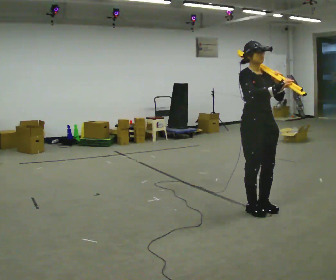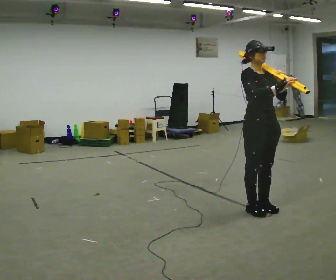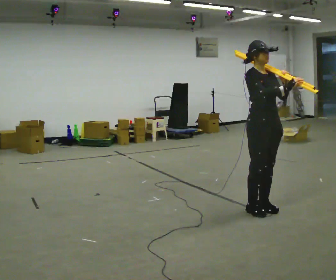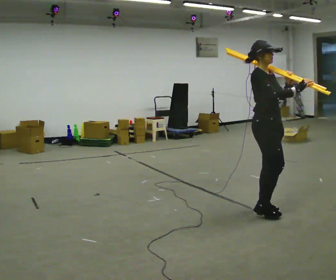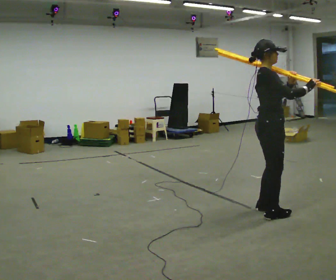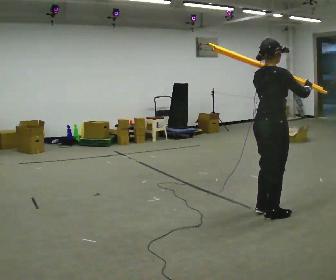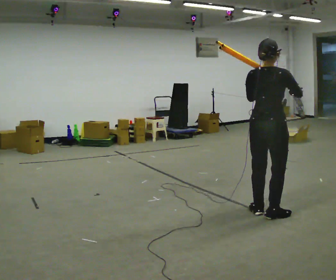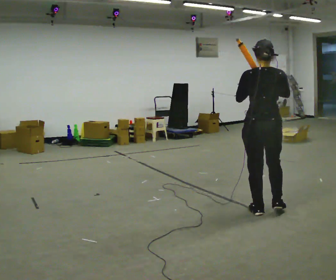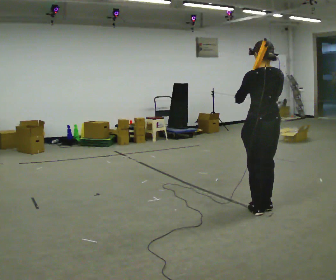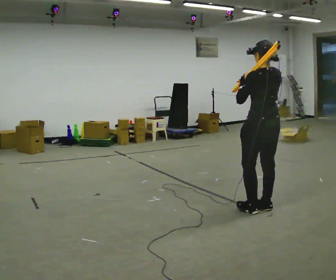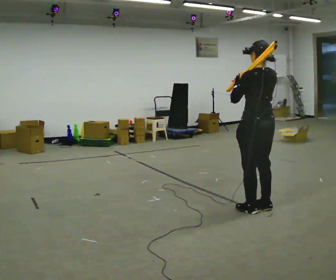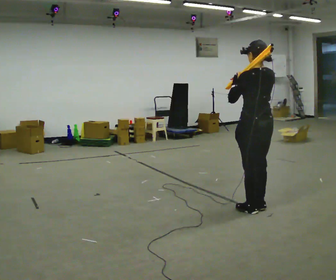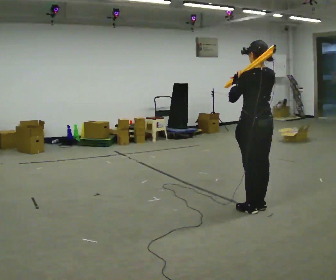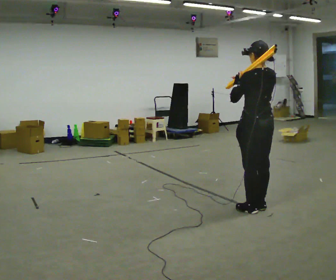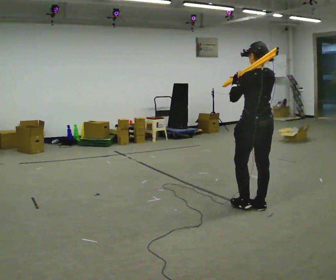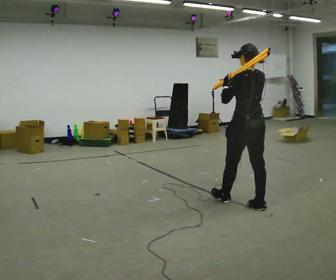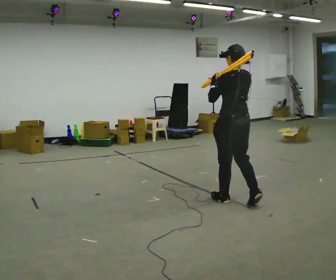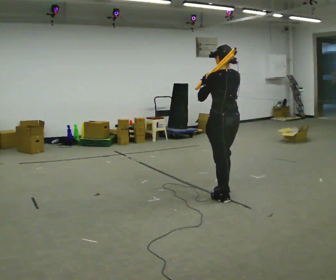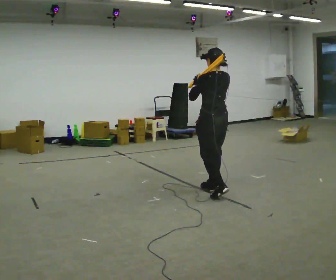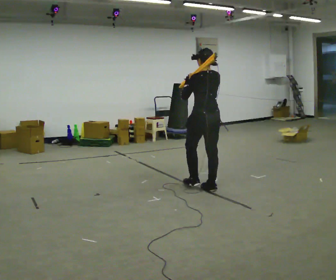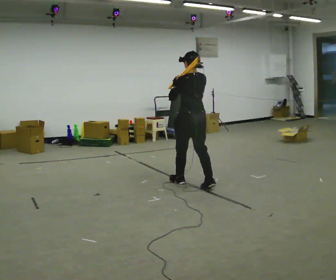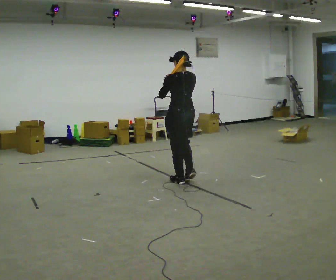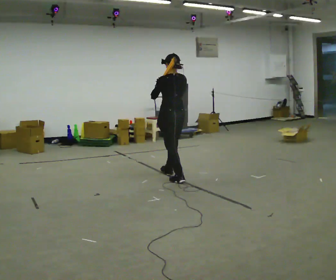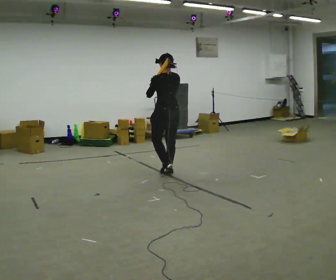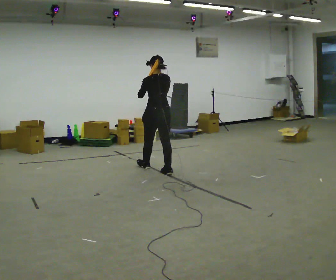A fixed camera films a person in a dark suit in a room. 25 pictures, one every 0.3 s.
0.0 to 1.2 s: The part of the body nearest the lens slides to the right as the person turns to their left by about 45 degrees. In the picture their right hand goes to the right.
1.2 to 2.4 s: The person turns about 120 degrees to their left, counterclockwise seen from above, so the part of the body nearest the lens slides to the right. In the picture their right hand goes to the left.
2.4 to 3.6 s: The person moves a little, or ends about where they began.
3.6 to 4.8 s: In the picture they go away from the camera and to the left, about 0.25 m in 1 step, which for them is forward.
4.8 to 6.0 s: In the picture they go away from the camera and to the left, about 1 m in 2 steps, which for them is forward.
6.0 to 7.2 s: In the picture they go away from the camera and to the left, about 1 m in 2 steps, which for them is forward.
The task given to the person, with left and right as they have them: Rest the long object on the shoulder the operator calls and carry it across the room, back and forth.
The film runs forward here.
